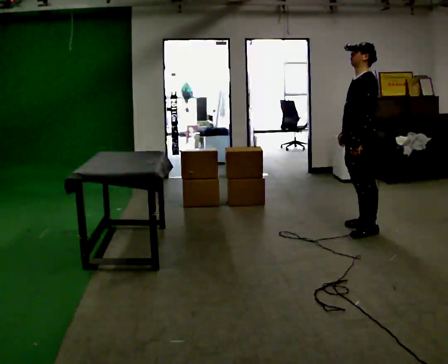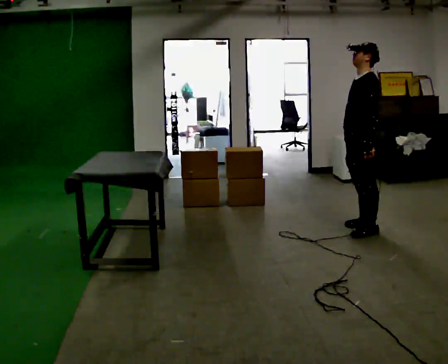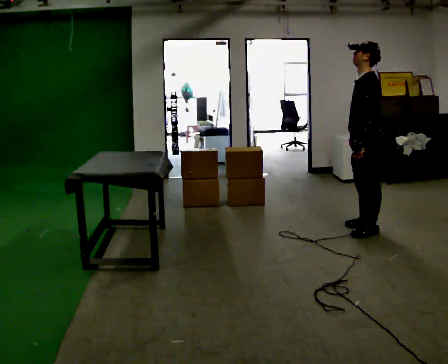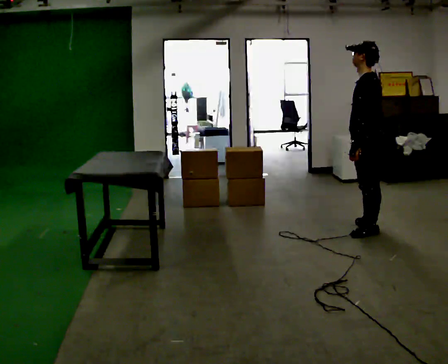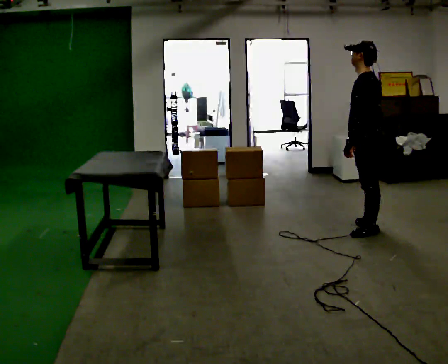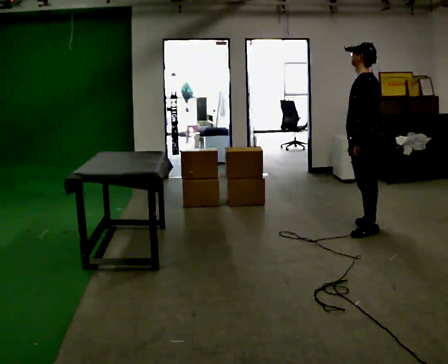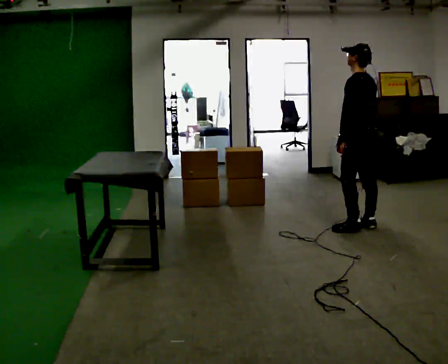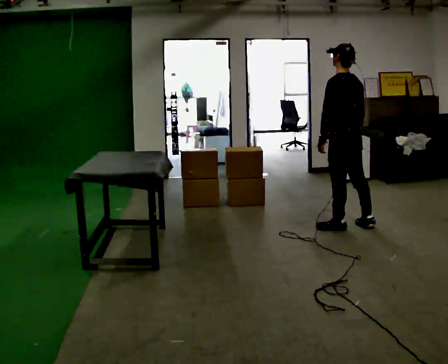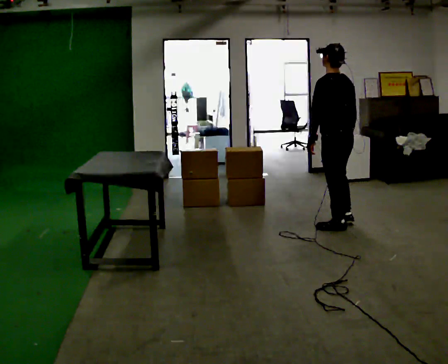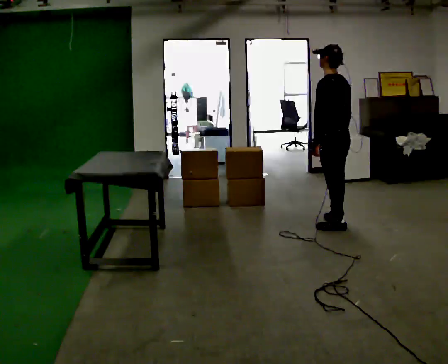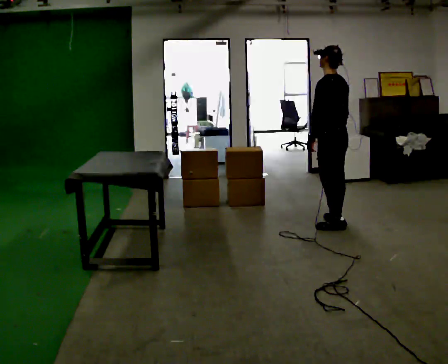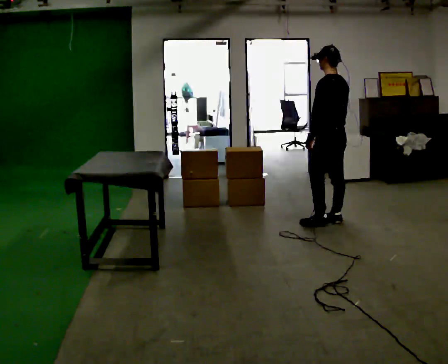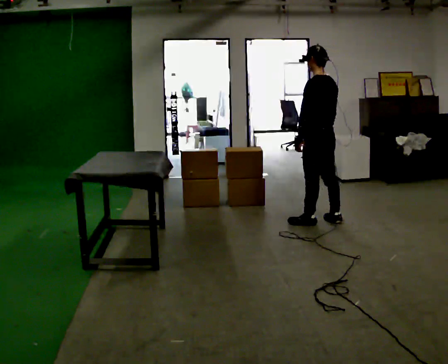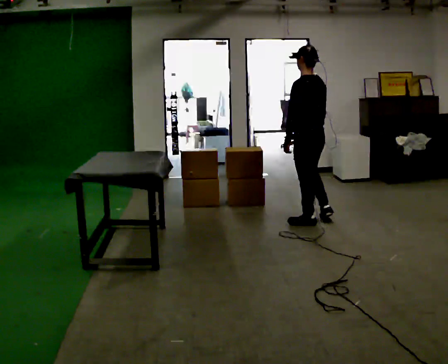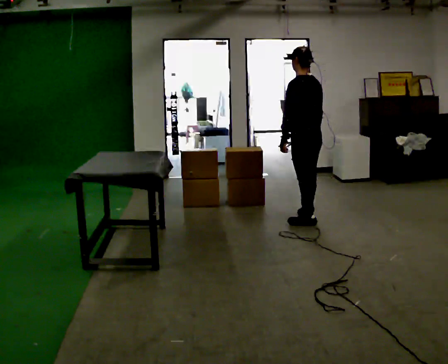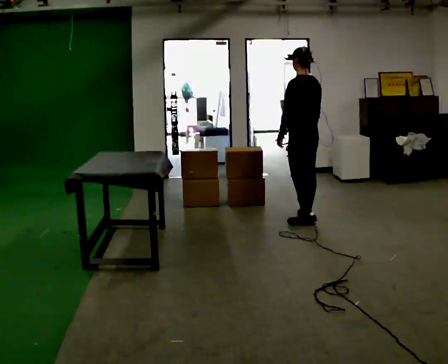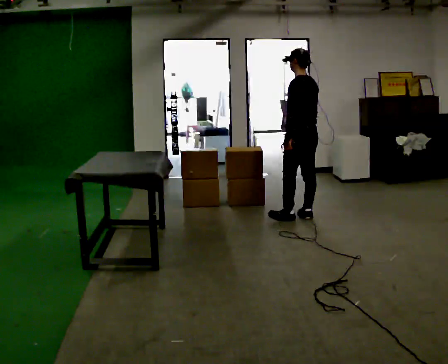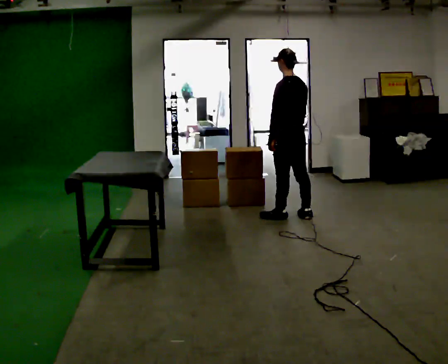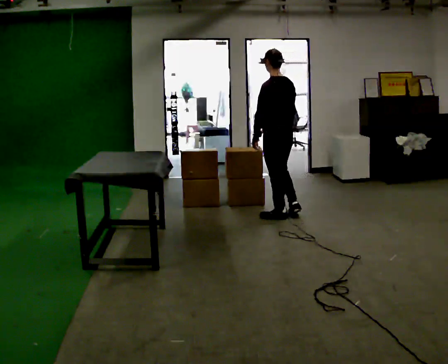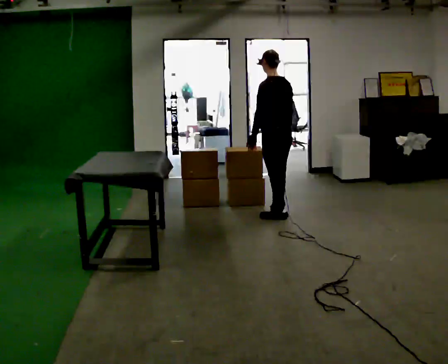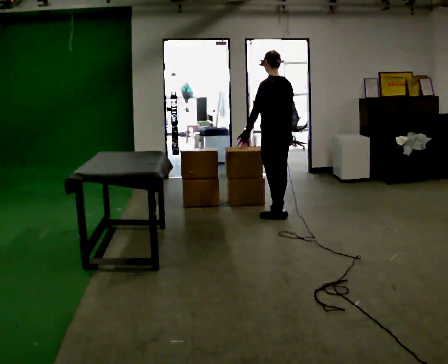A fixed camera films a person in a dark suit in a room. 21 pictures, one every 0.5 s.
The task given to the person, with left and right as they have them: Bring the boxes over one at a time and stack them on top of each other, walking back for each one. Keep going until the operator says stop; one object at a time, and do not rush between trips.
0.0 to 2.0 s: The person turns about 30 degrees to their right, clockwise seen from above, so the part of the body nearest the lens slides to the left.
2.0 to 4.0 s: In the picture they go to the left, about 0.25 m in 1 step, which for them is forward.
4.0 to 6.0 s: In the picture they go away from the camera and to the left, about 0.25 m in 2 steps, which for them is forward and to their right.
6.0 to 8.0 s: In the picture they go away from the camera and to the left, about 0.25 m in 1 step, which for them is forward.
8.0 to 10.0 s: In the picture they go to the left, about 0.25 m in 2 steps, which for them is forward.
The film runs forward here.
